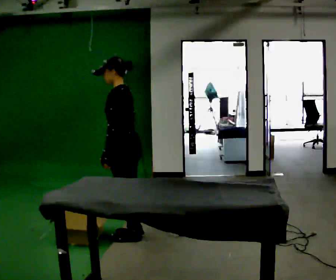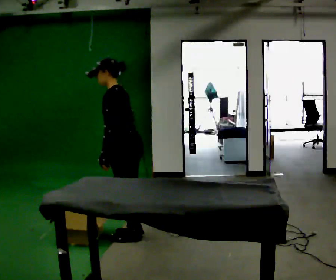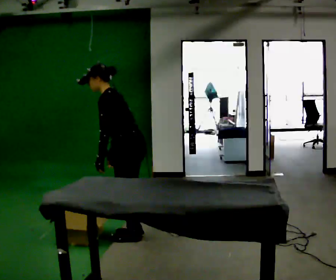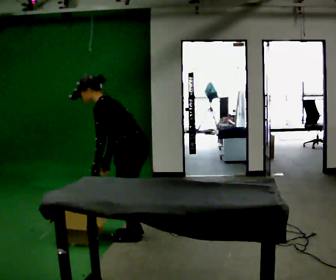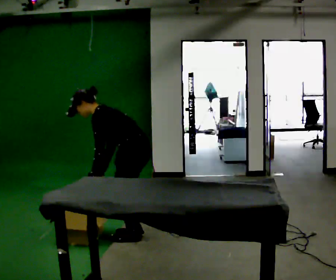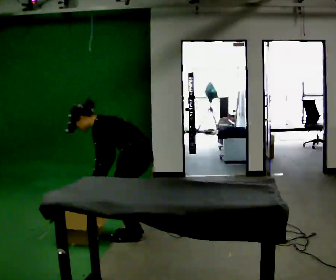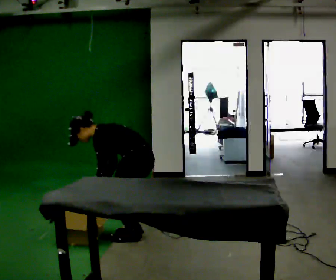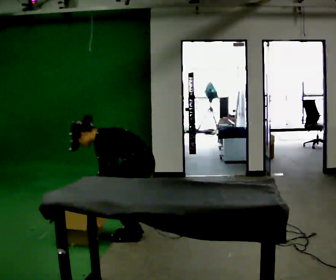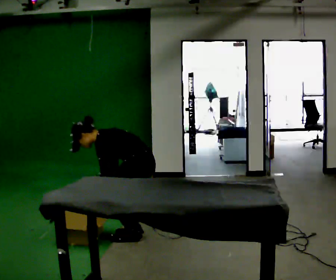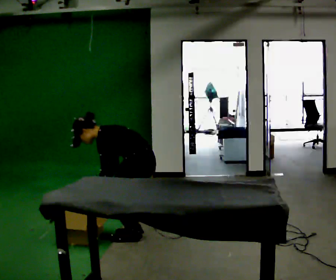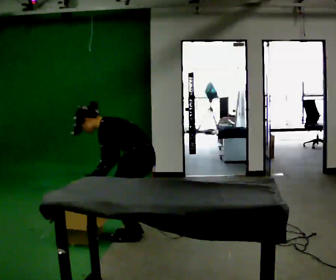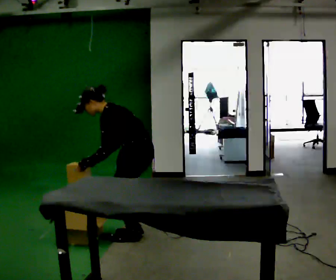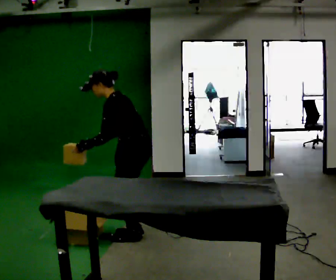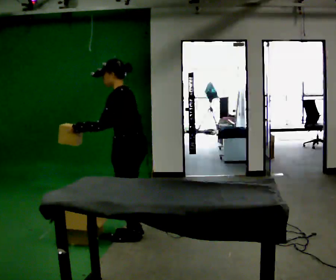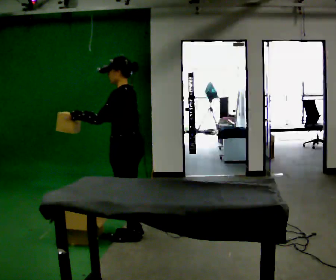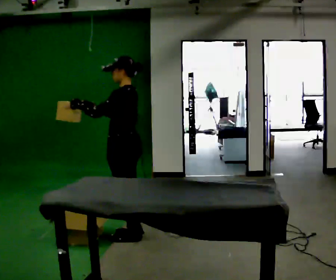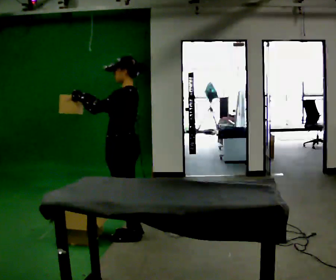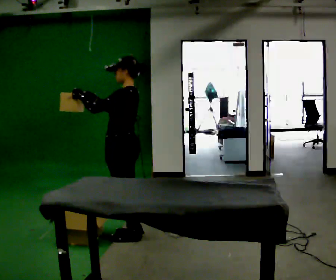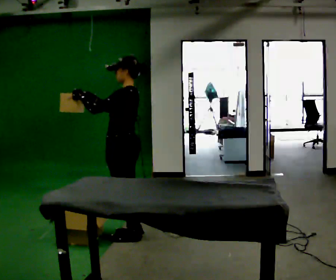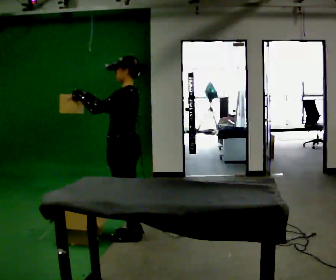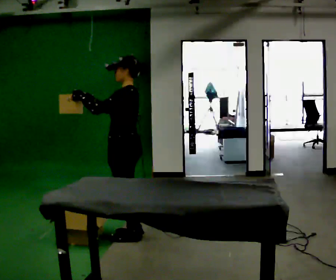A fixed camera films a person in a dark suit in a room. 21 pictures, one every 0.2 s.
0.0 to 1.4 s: The shoulders move downward. In the picture the upper body tilts counterclockwise, shoulders to the left, as they bend forward. In the picture their left hand goes downward.
1.4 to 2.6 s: The upper body goes upward. In the picture the upper body tilts clockwise, shoulders to the right, as they lean back or straighten. In the picture their right hand goes upward.
2.6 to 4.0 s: The person moves a little, or ends about where they began.
The film runs forward here.
